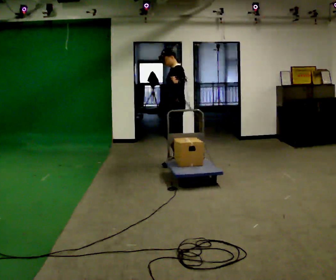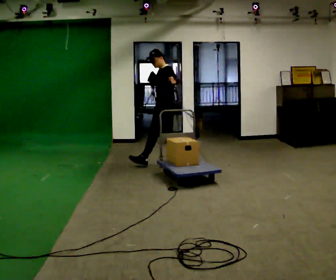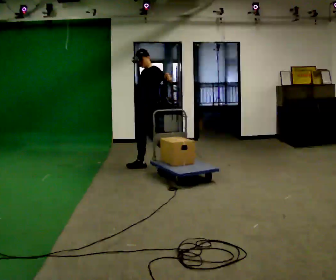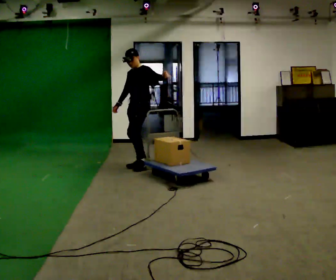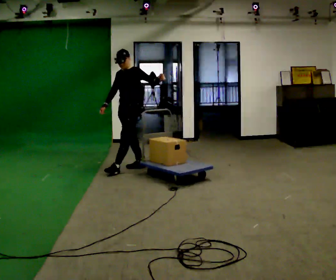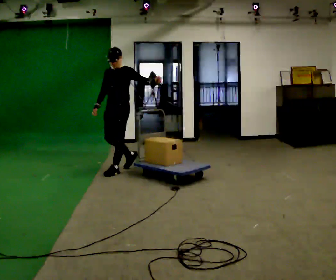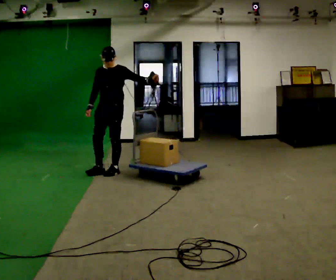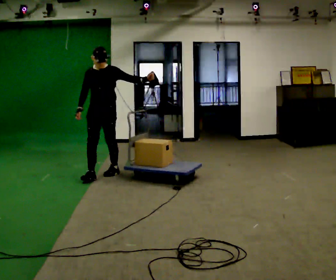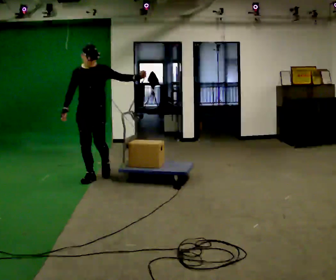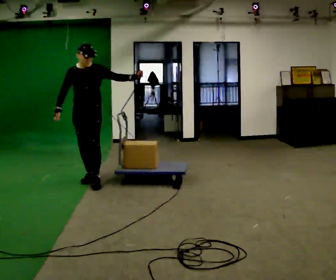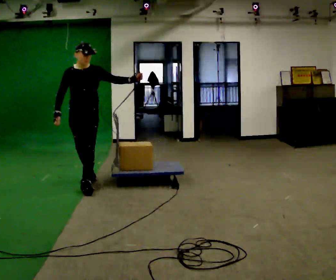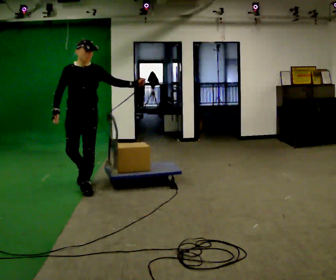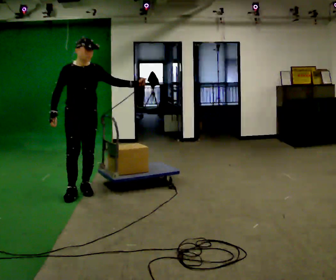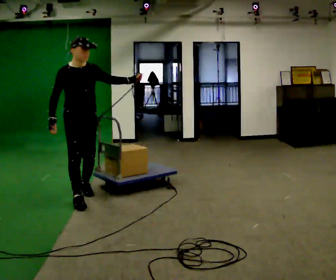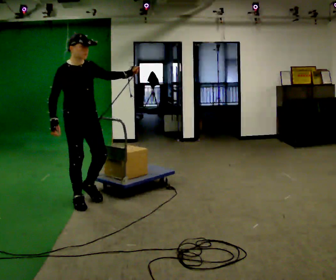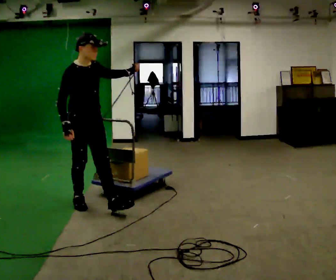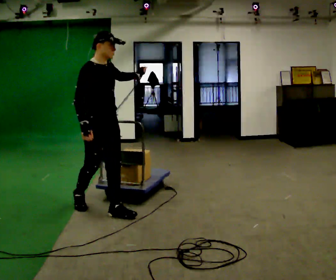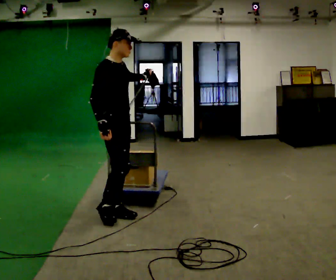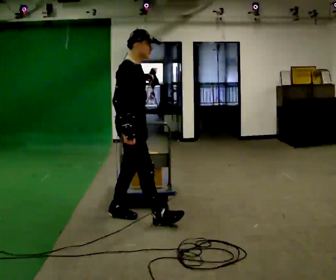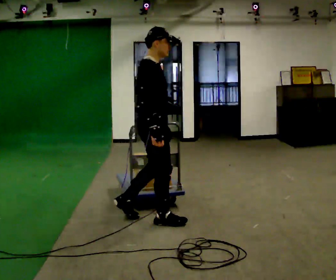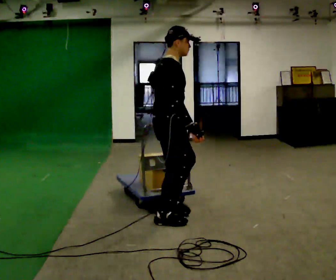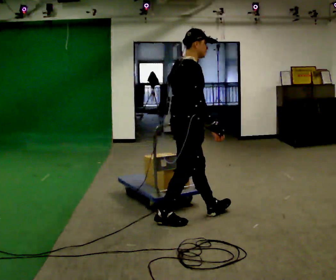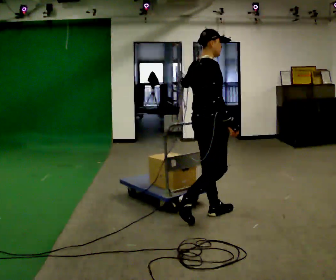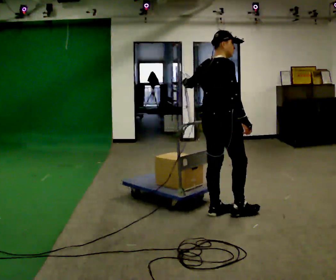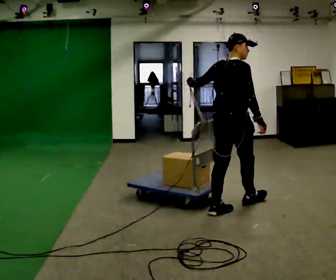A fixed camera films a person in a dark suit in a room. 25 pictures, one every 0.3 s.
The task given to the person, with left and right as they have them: Stand side-on to the sled and drag it towards you step by step, moving sideways. The operator will log the load and the peak reading on the scale for every take.
0.0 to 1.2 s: Seen from above the body turns counterclockwise, about 30 degrees: to their left, with its near side sliding to the right. In the picture they go to the left, about 0.75 m in 2 steps, which for them is forward.
1.2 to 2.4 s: The person turns about 45 degrees to their left, counterclockwise seen from above, so the part of the body nearest the lens slides to the right. In the picture they go to the left and toward the camera, about 0.5 m in 1 step, which for them is forward.
2.4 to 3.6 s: The part of the body nearest the lens slides to the right as the person turns to their left by about 30 degrees. In the picture they go toward the camera, about 0.5 m in 1 step, which for them is forward.
3.6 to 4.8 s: The person turns about 30 degrees to their left, counterclockwise seen from above, so the part of the body nearest the lens slides to the right. In the picture they go toward the camera, about 0.75 m in 2 steps, which for them is forward.
4.8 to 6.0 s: The part of the body nearest the lens slides to the right as the person turns to their left by about 45 degrees. In the picture they go to the right and toward the camera, about 0.75 m in 1 step, which for them is forward.
6.0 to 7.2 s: Seen from above the body turns counterclockwise, about 45 degrees: to their left, with its near side sliding to the right. In the picture they go to the right, about 0.75 m in 2 steps, which for them is forward.
The film runs forward here.
